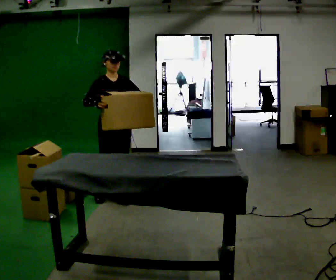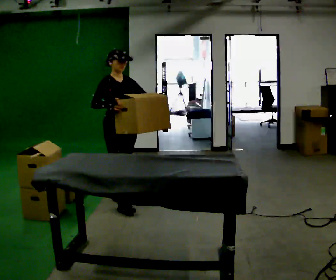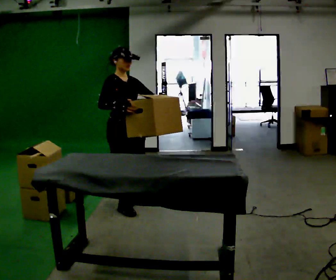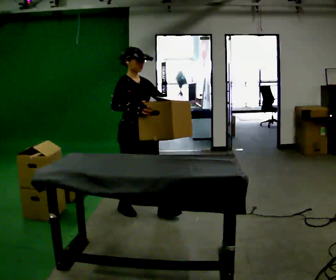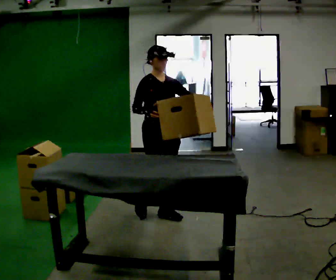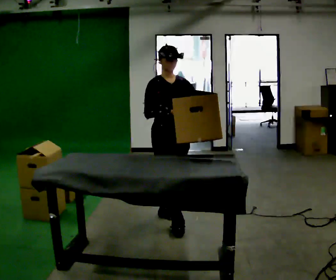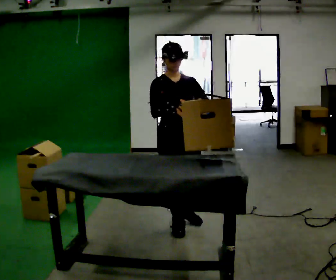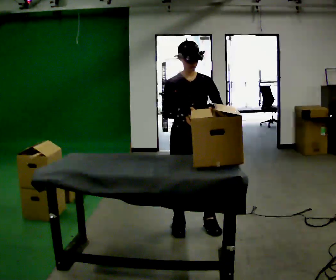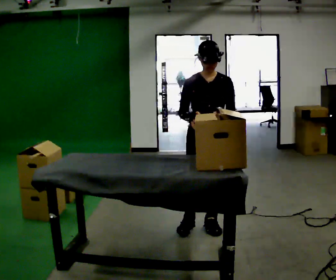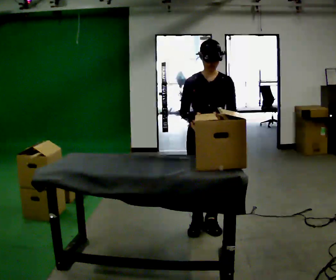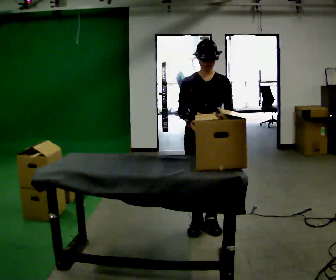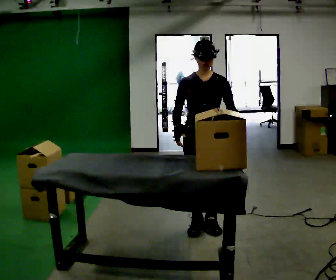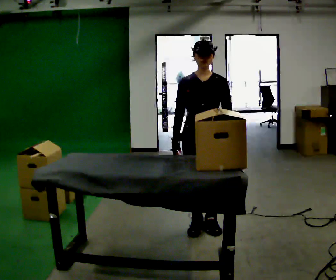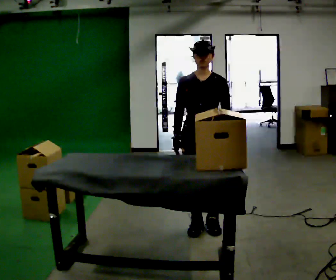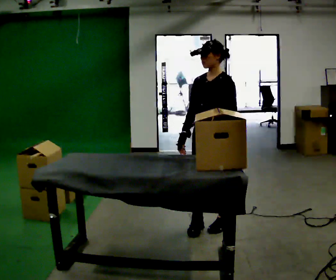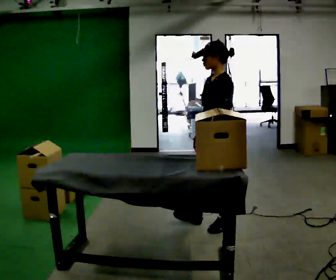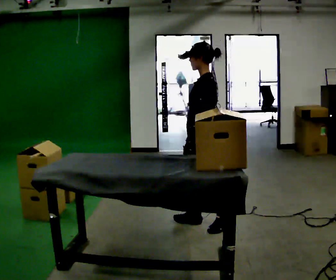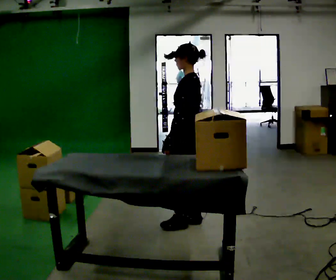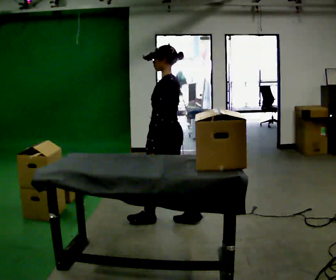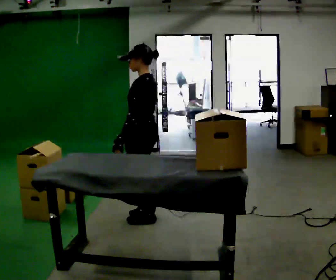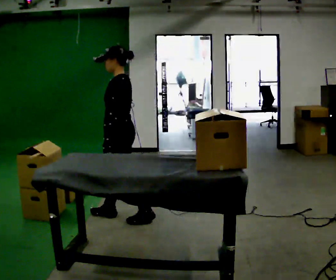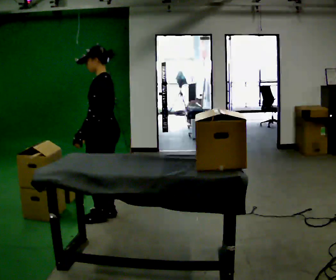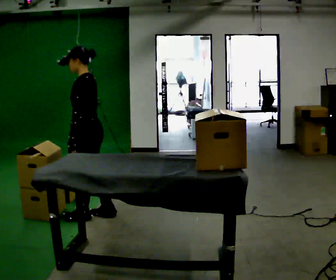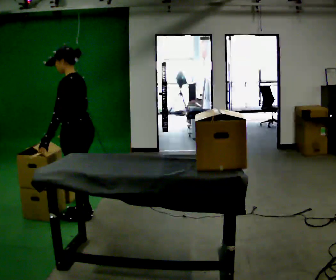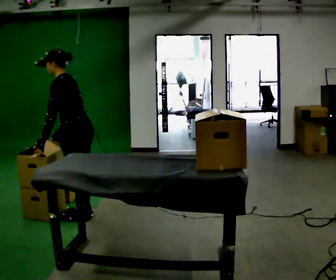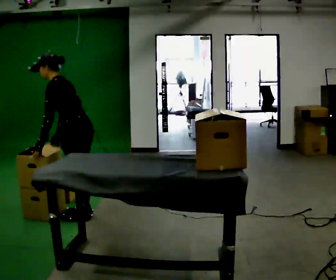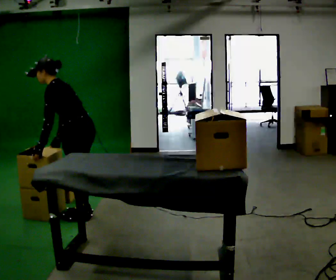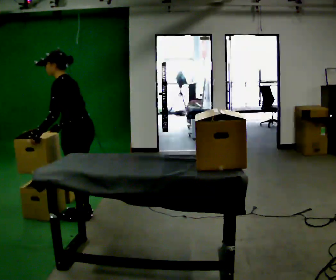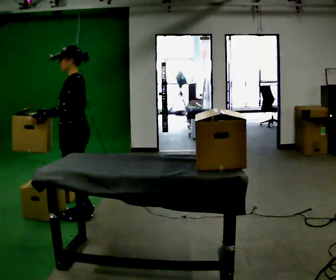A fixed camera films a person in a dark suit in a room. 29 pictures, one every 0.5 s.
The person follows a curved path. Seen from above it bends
counterclockwise.
0.0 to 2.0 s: In the picture they go to the right and toward the camera, about 0.75 m in 2 steps, which for them is forward.
2.0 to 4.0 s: The part of the body nearest the lens slides to the left as the person turns to their right by about 30 degrees. In the picture they go to the right and toward the camera, about 0.5 m in 2 steps, which for them is forward and to their left.
4.0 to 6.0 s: The person moves a little, or ends about where they began.
6.0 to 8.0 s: Seen from above the body turns clockwise, about 90 degrees: to their right, with its near side sliding to the left. In the picture their left hand goes to the left.
8.0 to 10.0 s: In the picture they go to the left, about 0.5 m in 2 steps, which for them is forward.
10.0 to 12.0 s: In the picture they go to the left, about 0.25 m in 2 steps, which for them is forward. In the picture the upper body tilts counterclockwise, shoulders to the left, as they bend forward.
12.0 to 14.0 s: The person moves a little, or ends about where they began.
The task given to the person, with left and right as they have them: Take an object off the waist-height shelf, carry it across the room, and set it down on the floor. Keep going until the operator says stop; one object at a time, and do not rush between trips.
The film runs forward here.
